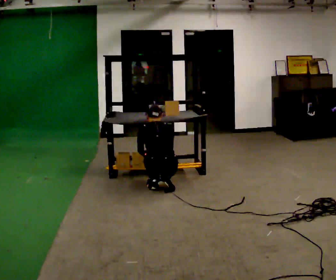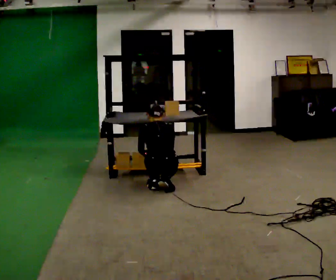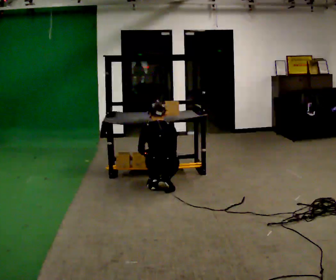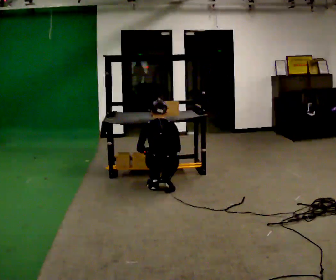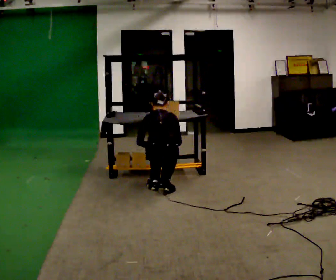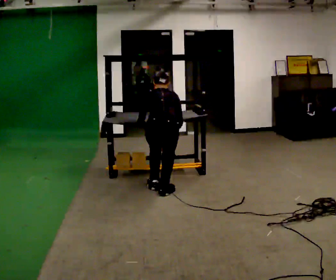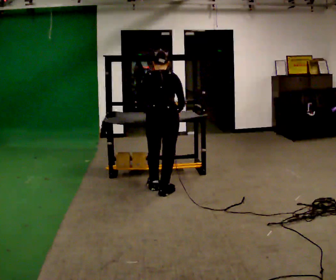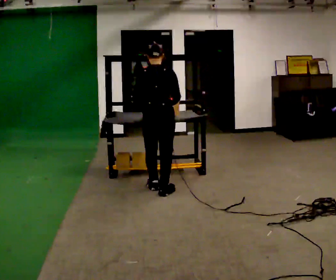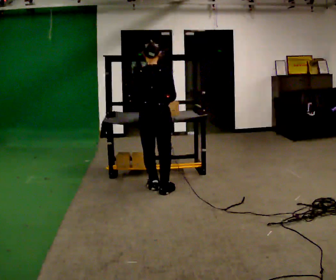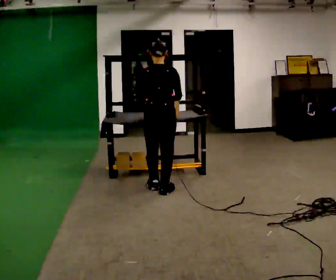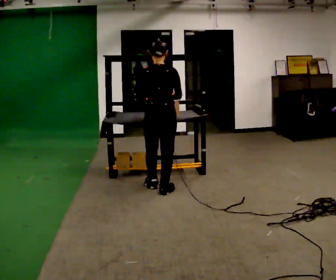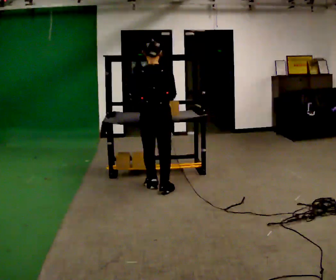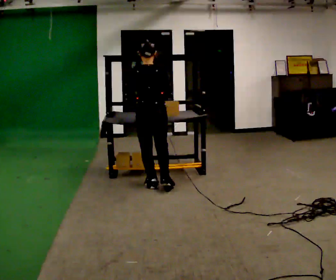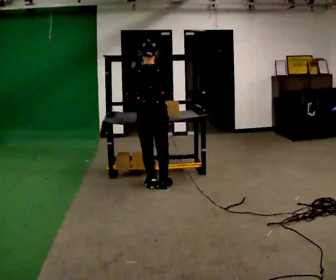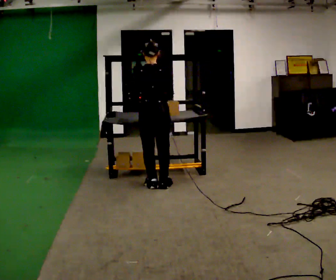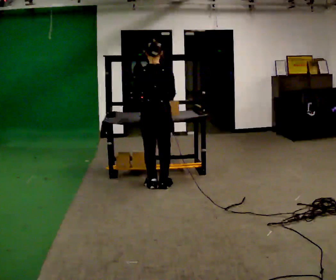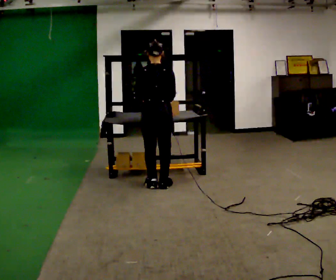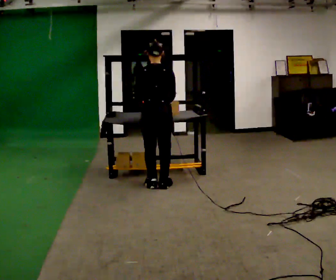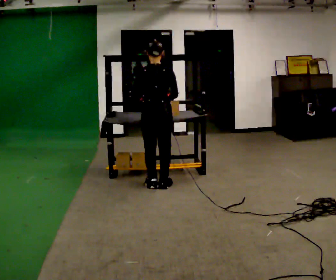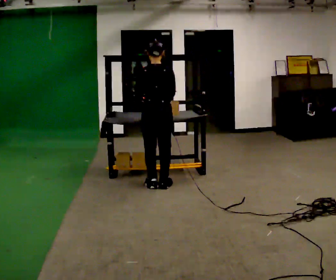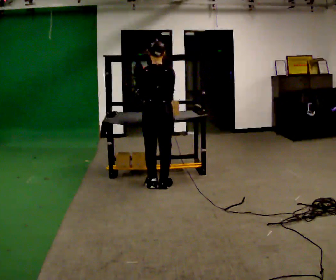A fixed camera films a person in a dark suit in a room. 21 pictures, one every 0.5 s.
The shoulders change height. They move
upward.
0.0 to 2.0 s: The person moves a little, or ends about where they began.
2.0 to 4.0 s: The shoulders move upward. The upper body tips toward the camera, its near side rolling downward, as they lean back or straighten. In the picture their left hand goes upward.
4.0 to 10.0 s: In the picture they go away from the camera, about 0.25 m, which for them is forward.
The film runs backward here.
